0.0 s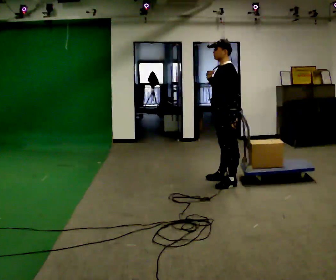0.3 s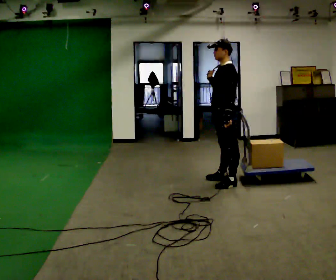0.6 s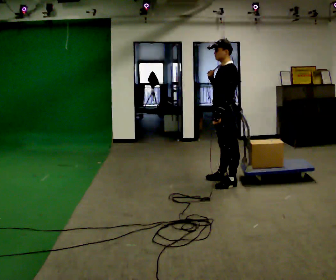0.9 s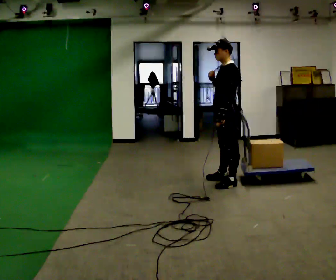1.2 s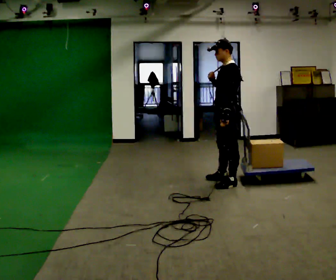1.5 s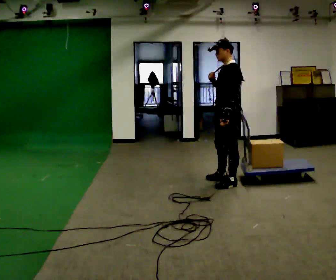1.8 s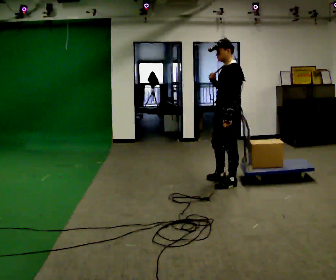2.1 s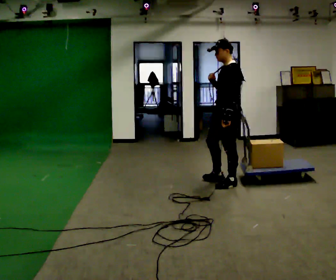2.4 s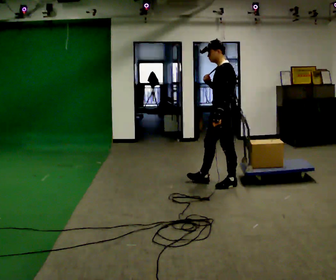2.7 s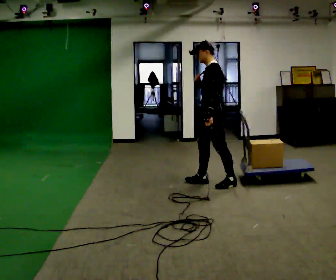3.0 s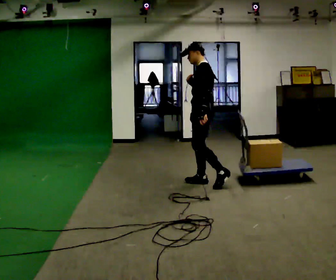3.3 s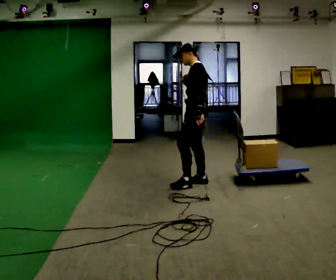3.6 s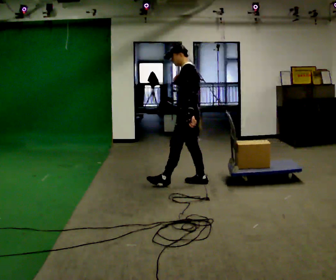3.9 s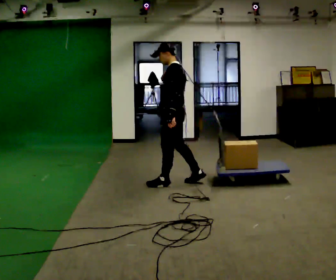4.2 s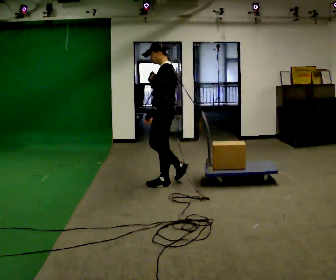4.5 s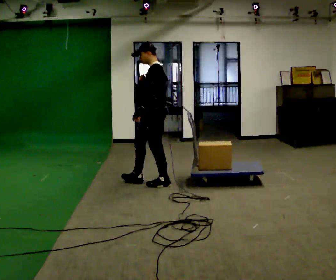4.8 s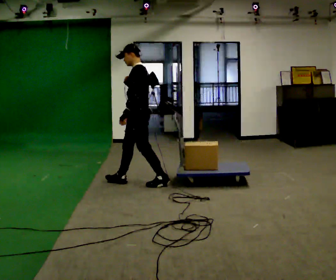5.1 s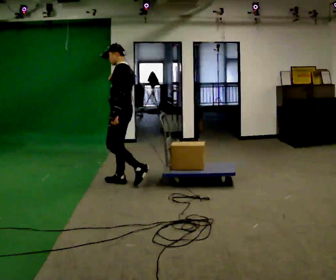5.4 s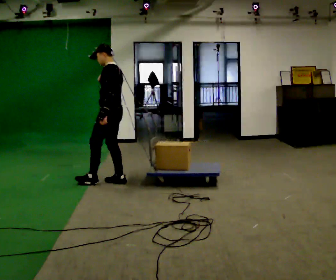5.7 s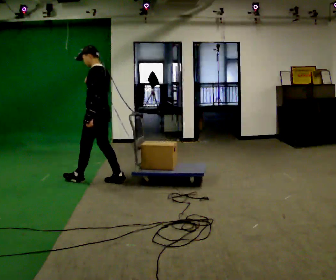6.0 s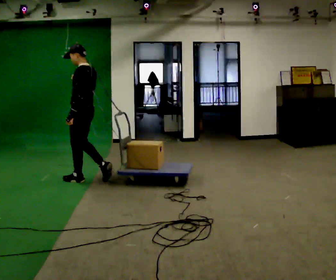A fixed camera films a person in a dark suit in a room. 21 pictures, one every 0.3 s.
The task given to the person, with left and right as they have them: Put the rope over your shoulder and drag the sled across the room. Keep going until the operator says stop.
0.0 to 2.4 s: The person moves a little, or ends about where they began.
2.4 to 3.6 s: In the picture they go to the left, about 0.5 m in 2 steps, which for them is forward.
3.6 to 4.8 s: In the picture they go to the left, about 0.5 m in 1 step, which for them is forward.
4.8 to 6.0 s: In the picture they go to the left, about 0.5 m in 1 step, which for them is forward.
The film runs forward here.
